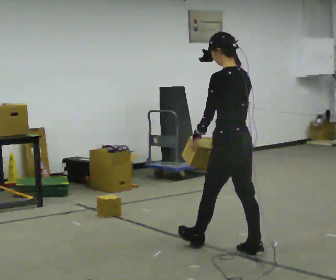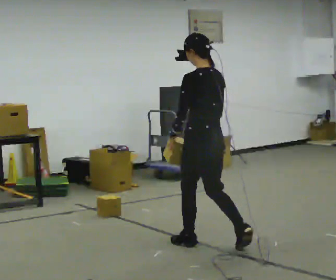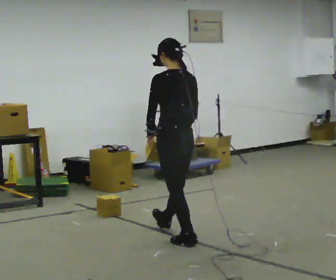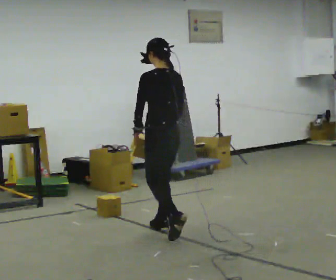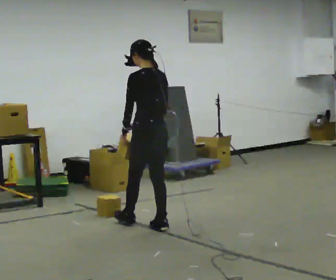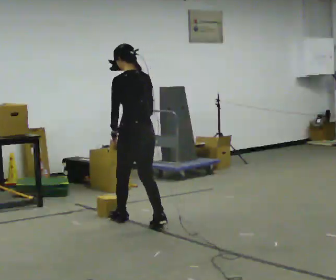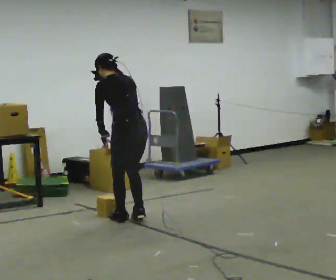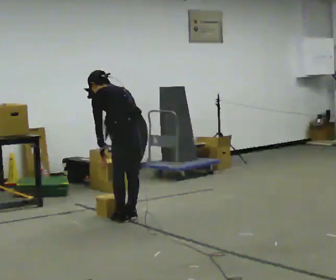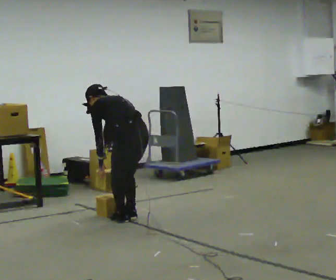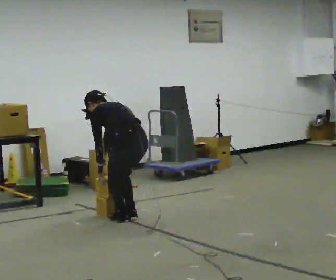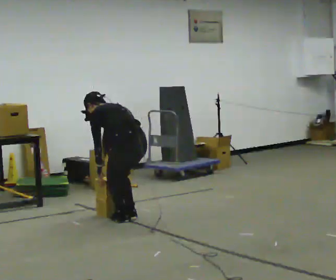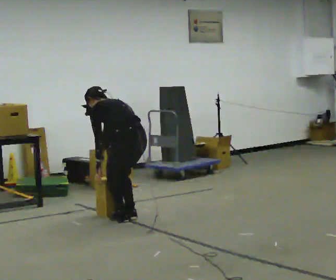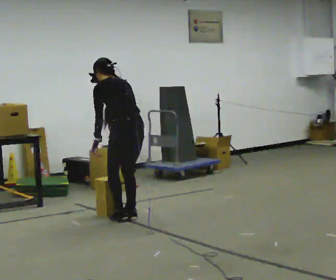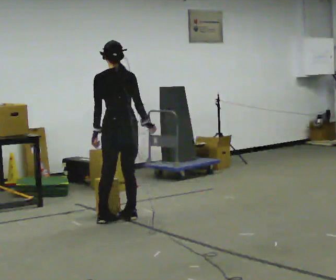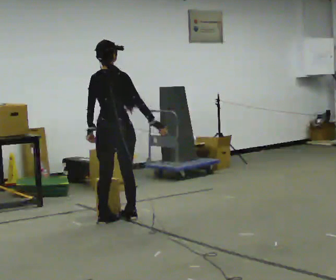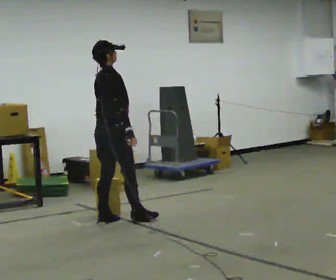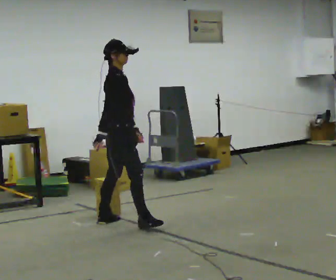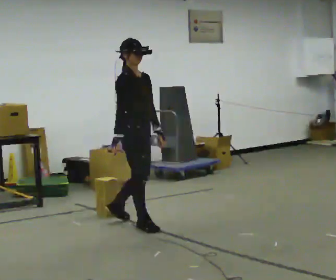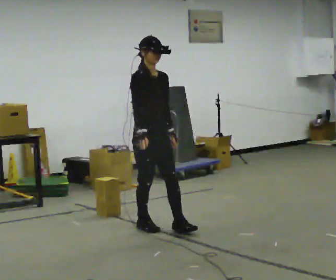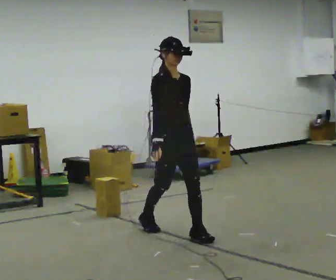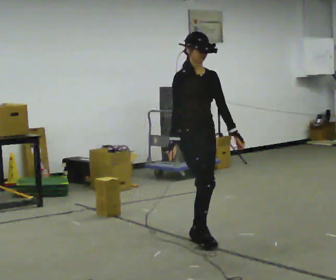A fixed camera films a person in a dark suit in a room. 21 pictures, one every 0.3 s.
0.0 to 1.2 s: In the picture they go away from the camera and to the left, about 1 m in 2 steps, which for them is forward.
1.2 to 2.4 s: In the picture they go away from the camera, about 0.25 m in 2 steps, which for them is forward. The upper body goes downward. The upper body tips away from the camera, its near side rolling upward, as they bend forward. In the picture their left hand goes downward.
2.4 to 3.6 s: The upper body tips toward the camera, its near side rolling downward, as they lean back or straighten.
3.6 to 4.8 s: The part of the body nearest the lens slides to the left as the person turns to their right by about 120 degrees. The upper body tips toward the camera, its near side rolling downward, as they lean back or straighten.
4.8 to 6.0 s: The person turns about 60 degrees to their right, clockwise seen from above, so the part of the body nearest the lens slides to the left. In the picture they go toward the camera and to the right, about 1 m in 1 step, which for them is forward.
The film runs forward here.
